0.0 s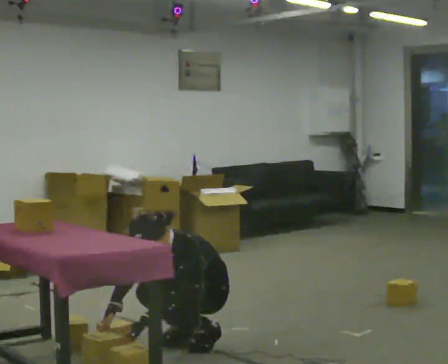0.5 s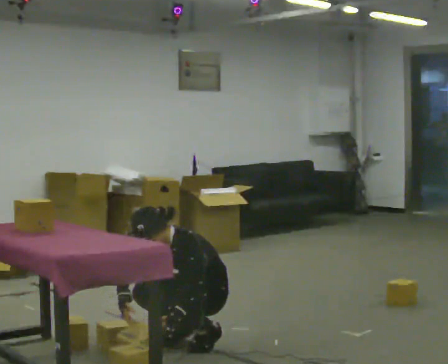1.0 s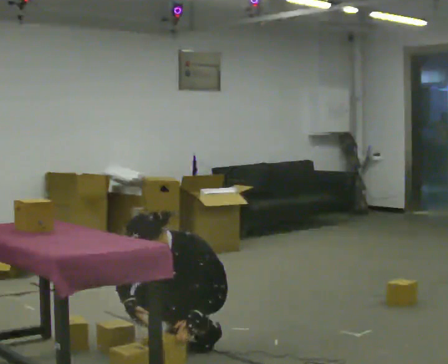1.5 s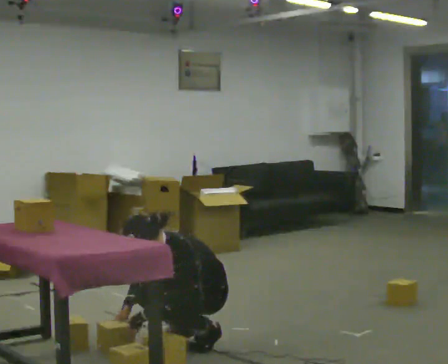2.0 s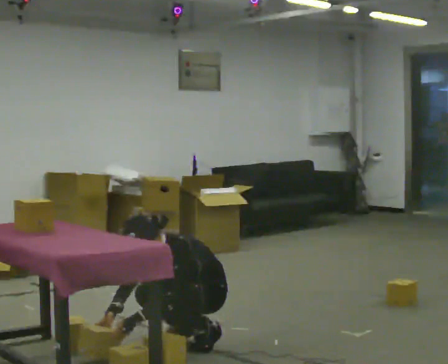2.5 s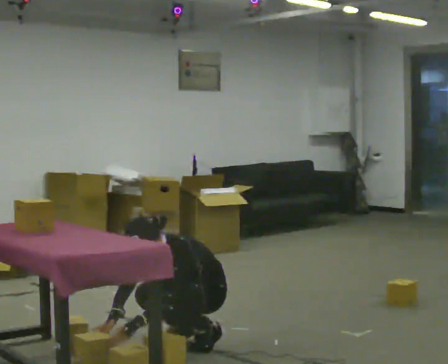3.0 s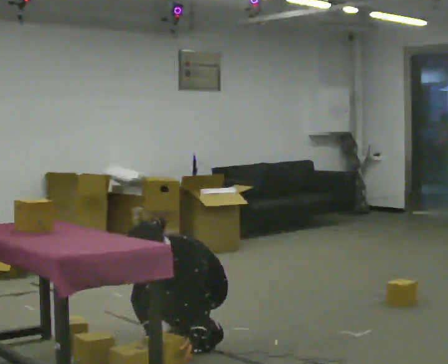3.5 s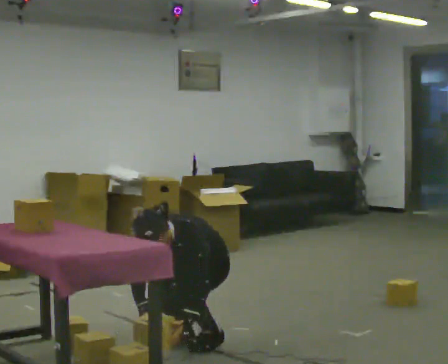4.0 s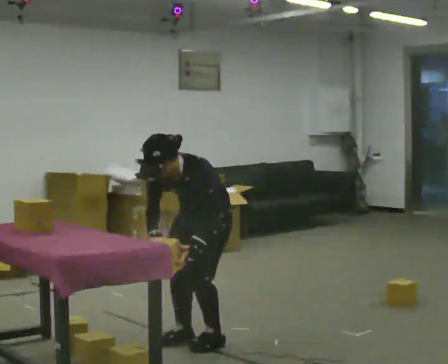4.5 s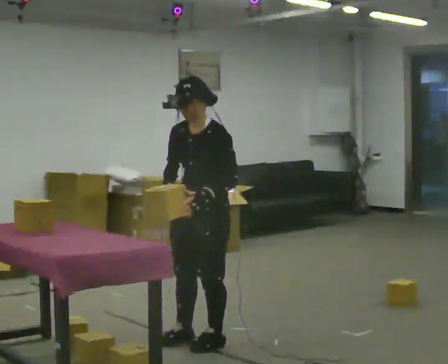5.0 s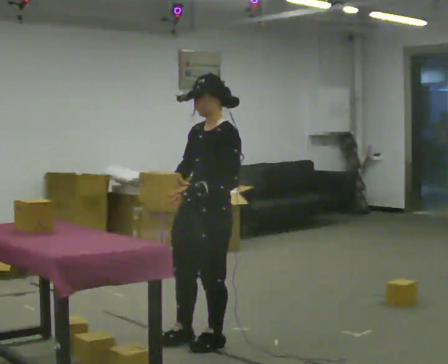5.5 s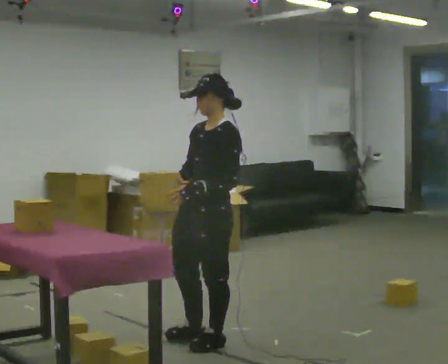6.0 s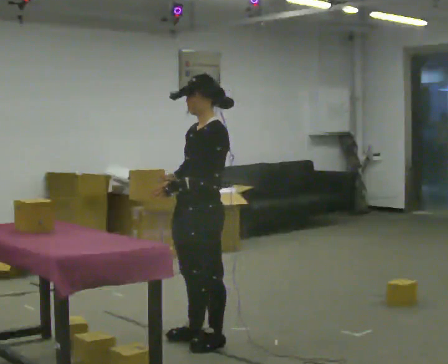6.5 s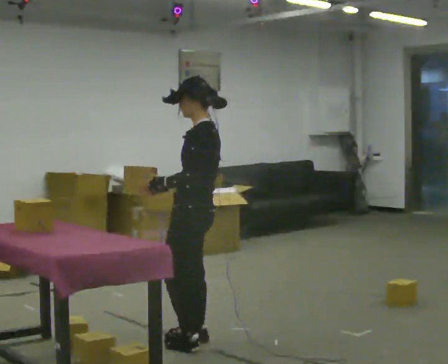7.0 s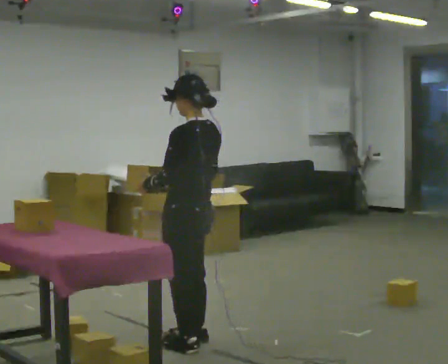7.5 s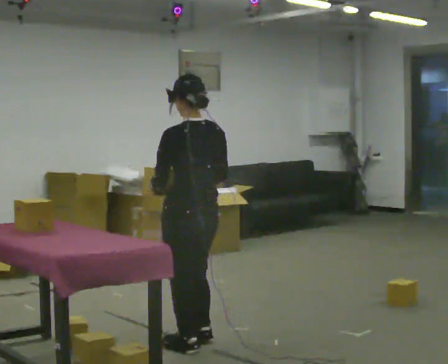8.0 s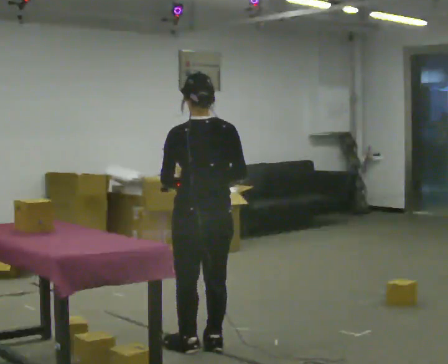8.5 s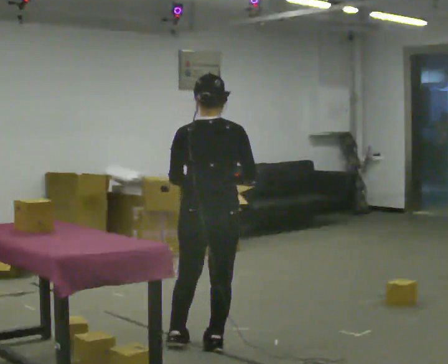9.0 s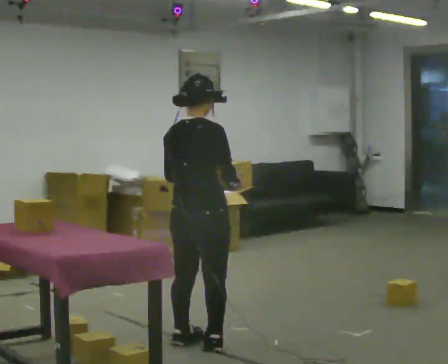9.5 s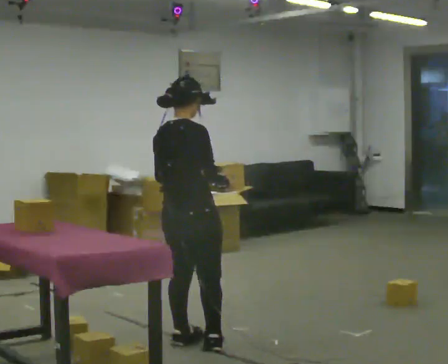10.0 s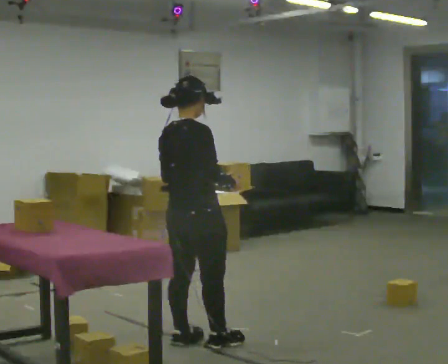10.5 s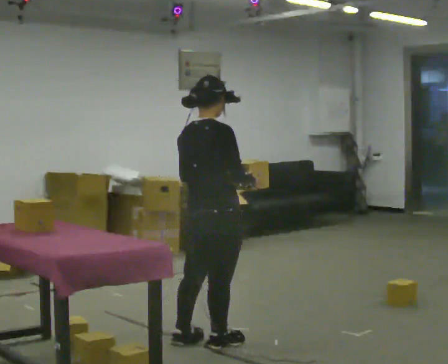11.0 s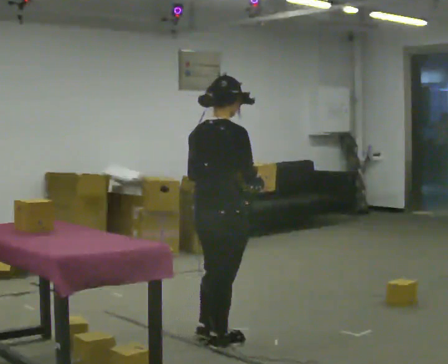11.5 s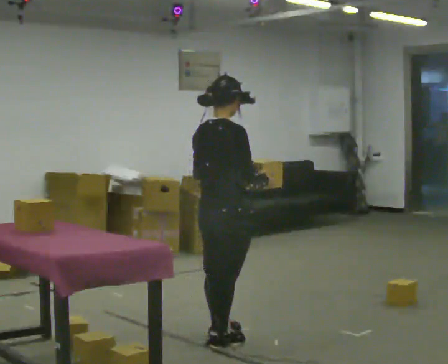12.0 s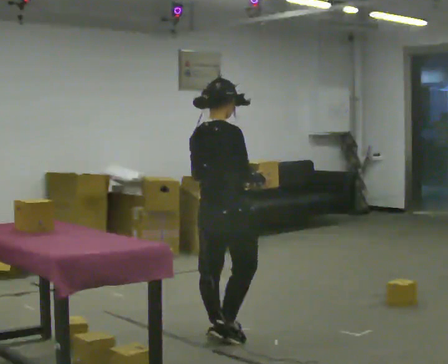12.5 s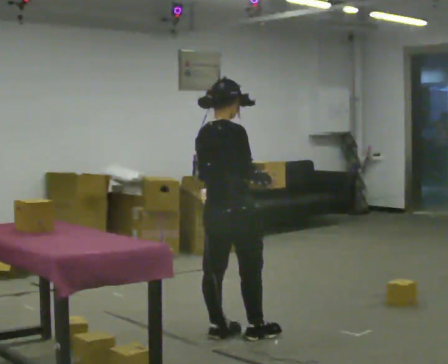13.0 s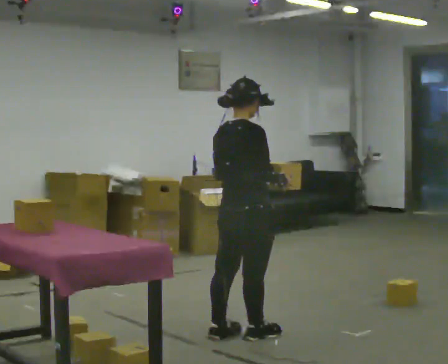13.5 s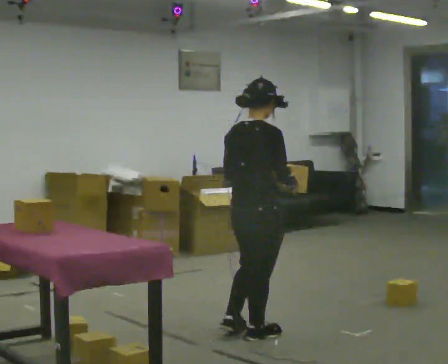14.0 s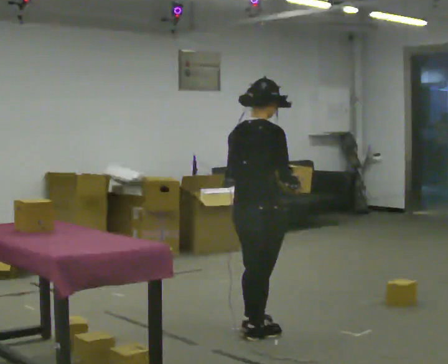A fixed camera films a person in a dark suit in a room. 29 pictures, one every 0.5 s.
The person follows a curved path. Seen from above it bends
counterclockwise.
0.0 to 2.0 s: The person moves a little, or ends about where they began.
2.0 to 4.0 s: The shoulders move upward. In the picture their left hand goes upward and to the right.
4.0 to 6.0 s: The person turns about 30 degrees to their right, clockwise seen from above, so the part of the body nearest the lens slides to the left. The upper body goes upward. In the picture the upper body tilts clockwise, shoulders to the right, as they lean back or straighten. In the picture their left hand goes upward.
6.0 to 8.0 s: The person turns about 90 degrees to their right, clockwise seen from above, so the part of the body nearest the lens slides to the left. In the picture they go toward the camera, about 0.25 m in 2 steps. In the picture their right hand goes to the right.
8.0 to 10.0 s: The person turns about 60 degrees to their right, clockwise seen from above, so the part of the body nearest the lens slides to the left.
10.0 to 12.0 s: In the picture they go to the right, about 0.25 m in 1 step, which for them is forward.
12.0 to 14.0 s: In the picture they go to the right, about 0.25 m in 2 steps, which for them is forward and to their right.
The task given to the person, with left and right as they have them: Take the boxes off the top, get the one from the bottom, carry it away, then put the others back. Keep going until the operator says stop; one object at a time, and do not rush between trips.
The film runs forward here.
